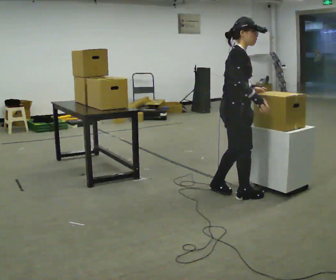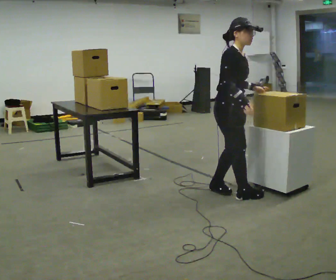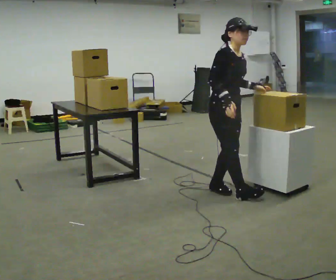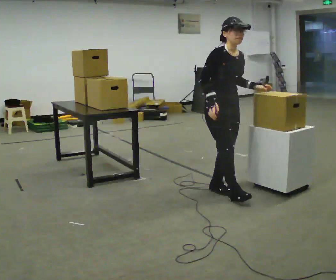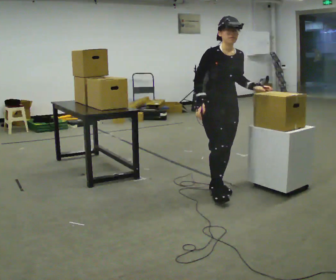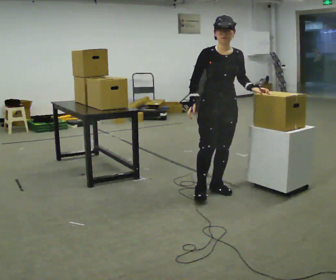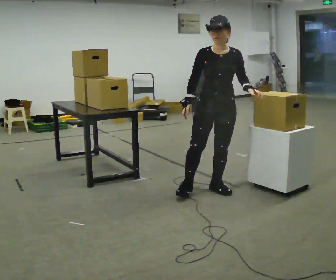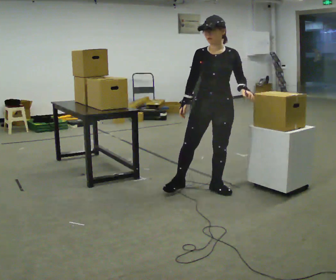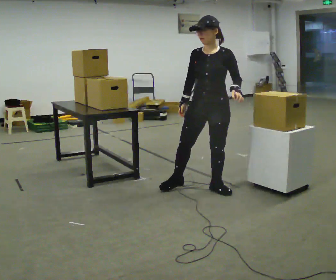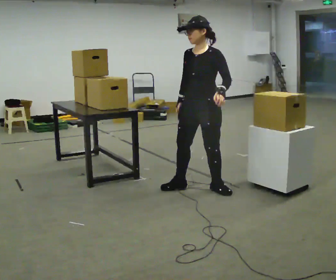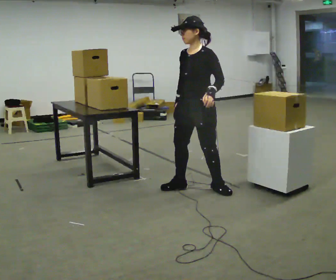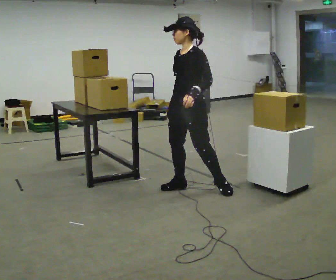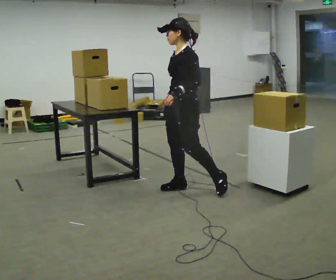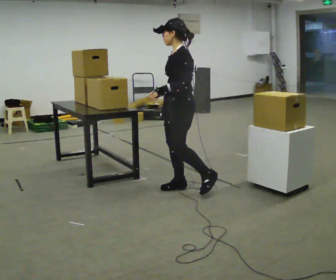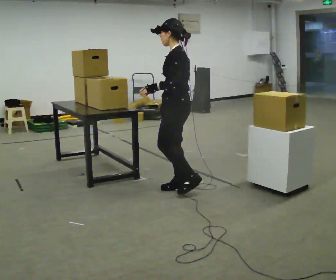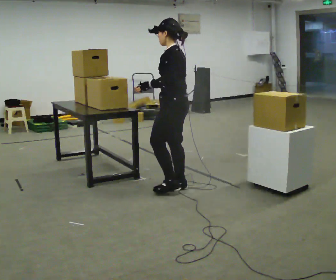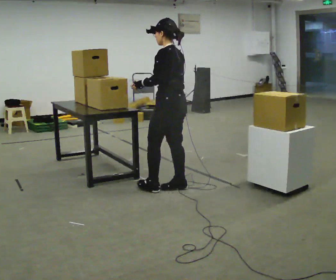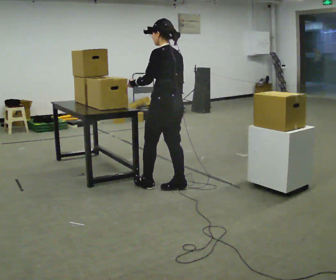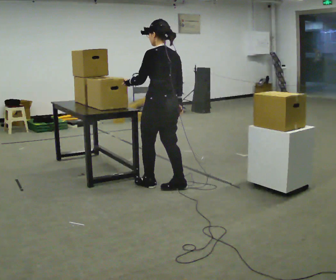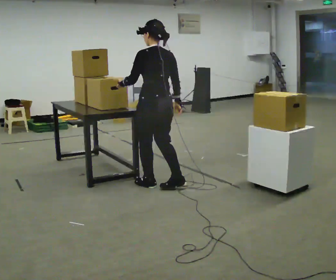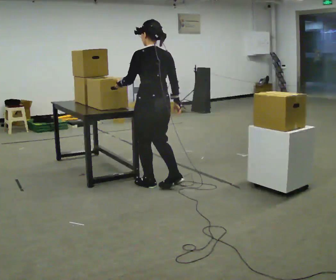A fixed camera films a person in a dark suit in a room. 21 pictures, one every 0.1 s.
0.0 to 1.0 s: The part of the body nearest the lens slides to the left as the person turns to their right by about 120 degrees. In the picture they go to the left and away from the camera, about 0.25 m in 1 step.
1.0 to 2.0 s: The part of the body nearest the lens slides to the left as the person turns to their right by about 105 degrees. In the picture they go to the left, about 0.5 m in 1 step.
The film runs forward here.
